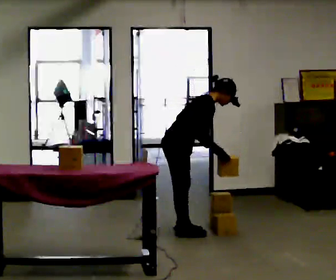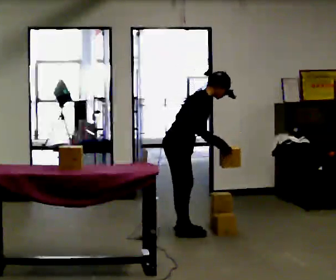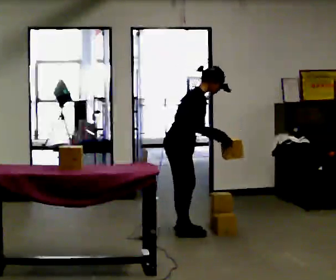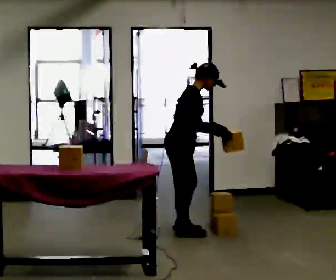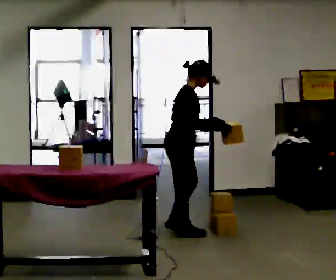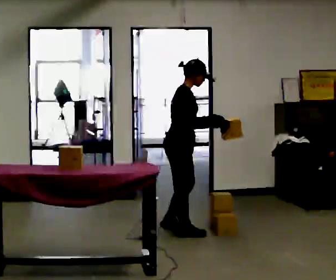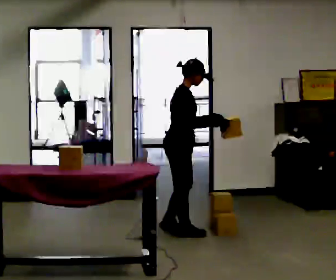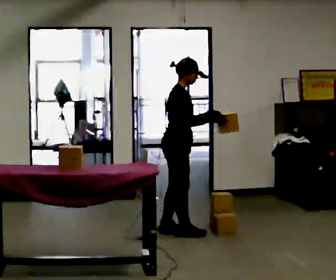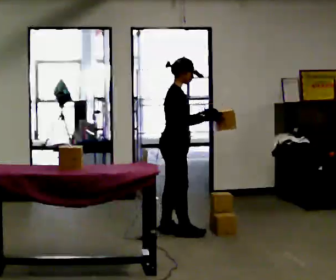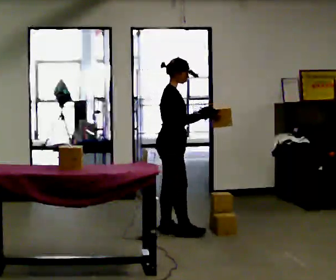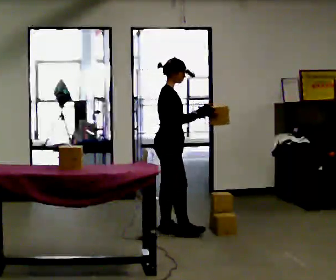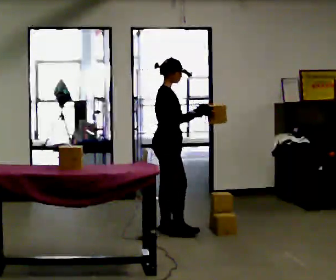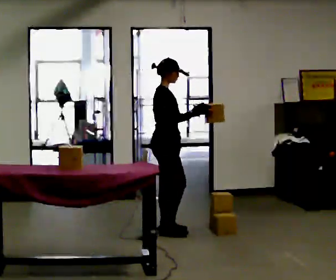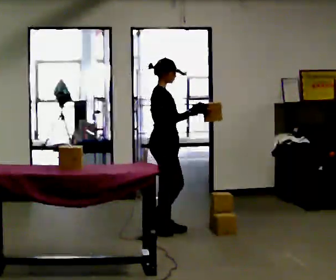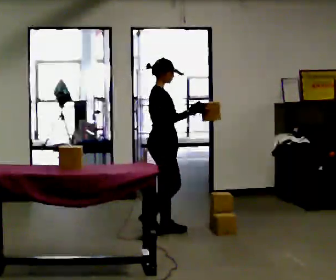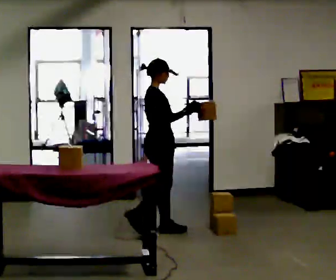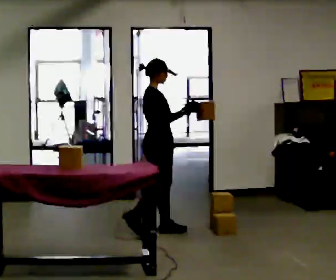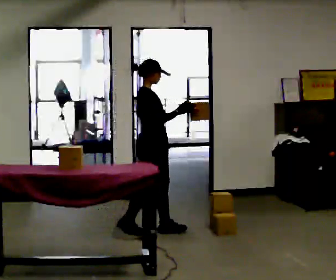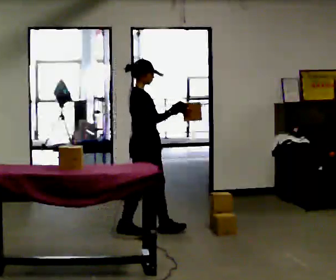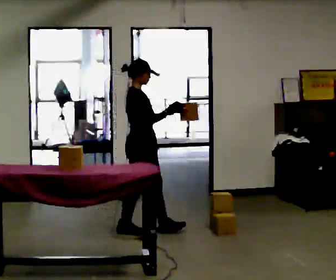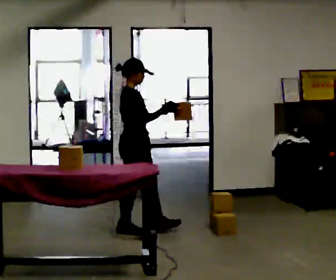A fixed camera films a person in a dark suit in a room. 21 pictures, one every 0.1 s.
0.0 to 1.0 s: In the picture the upper body tilts counterclockwise, shoulders to the left, as they lean back or straighten. In the picture their left hand goes upward, the arm swinging counterclockwise.
1.0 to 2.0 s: In the picture they go to the left, about 0.25 m in 2 steps, which for them is backward.
The film runs backward here.
